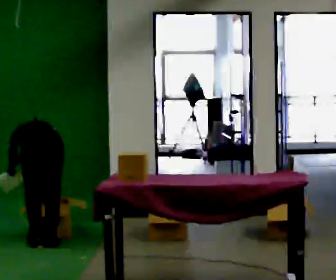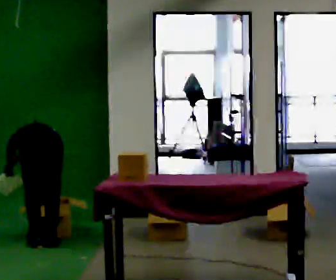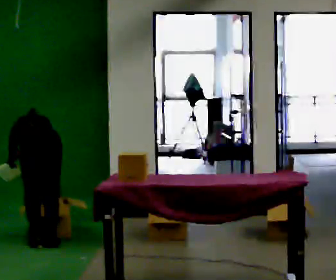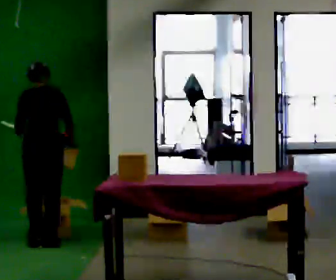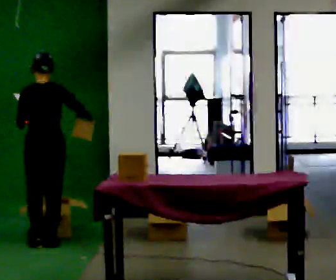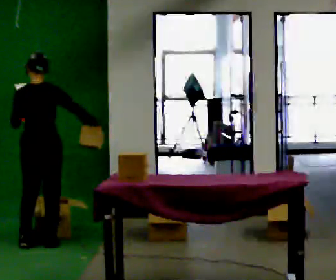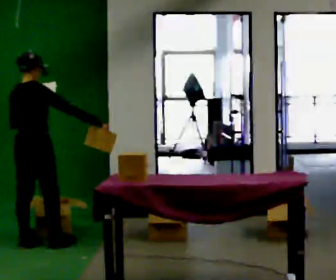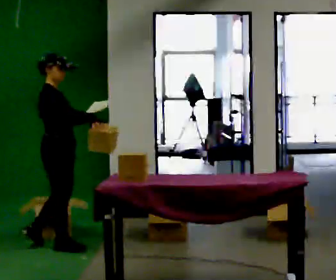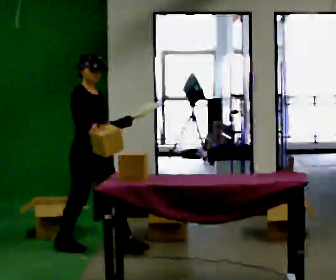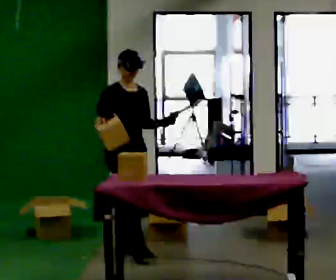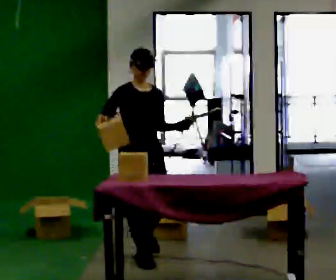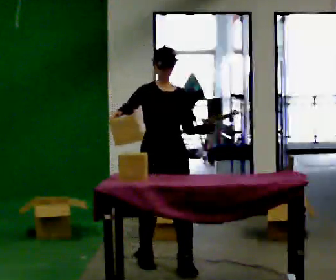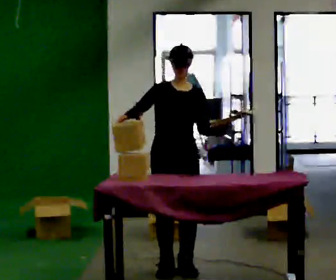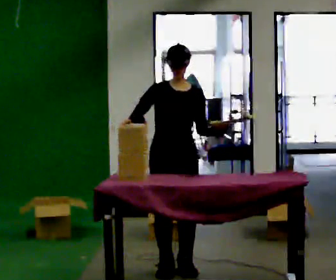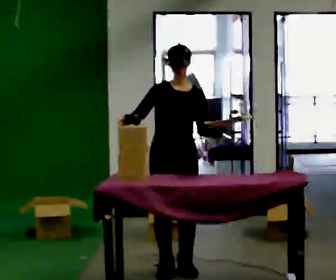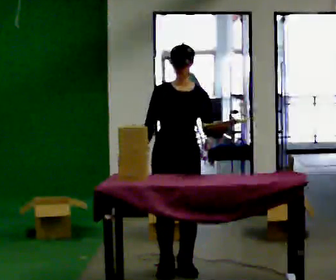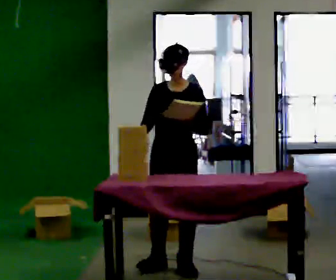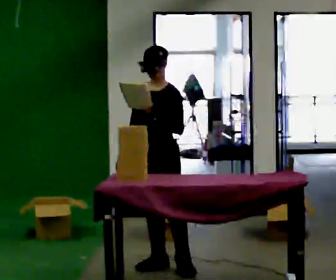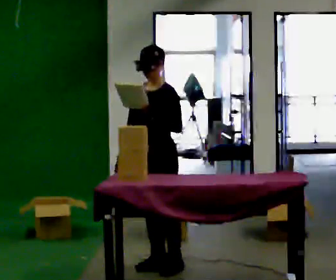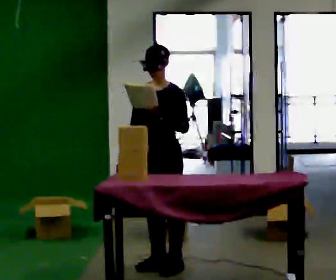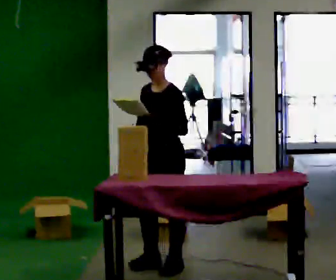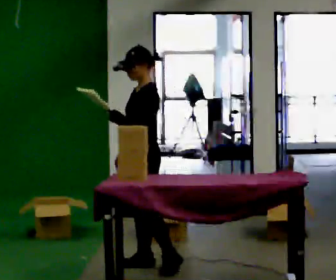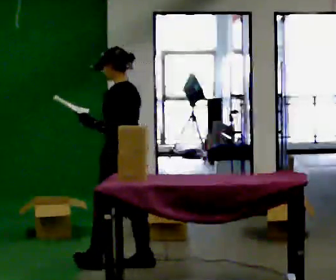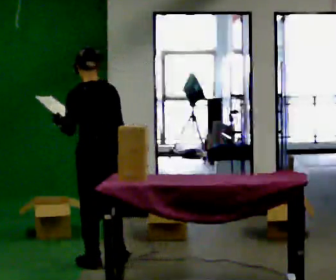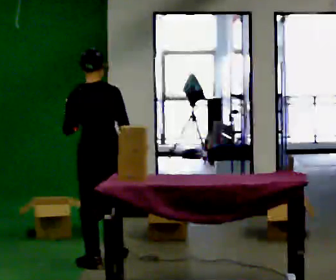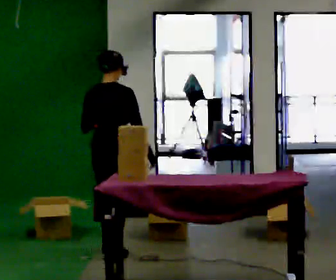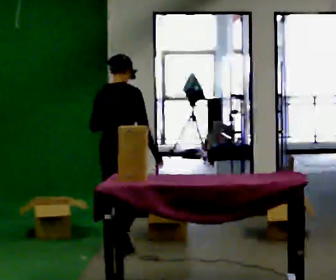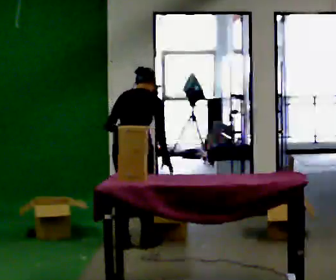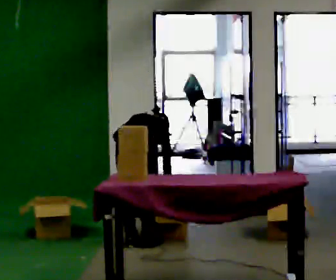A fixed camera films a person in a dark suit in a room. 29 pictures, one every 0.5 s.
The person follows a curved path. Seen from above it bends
clockwise.
The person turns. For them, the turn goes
to their right.
0.0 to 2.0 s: The shoulders move upward. The upper body tips toward the camera, its near side rolling downward, as they lean back or straighten. In the picture their right hand goes upward and to the right, the arm swinging counterclockwise.
2.0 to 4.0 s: The part of the body nearest the lens slides to the left as the person turns to their right by about 135 degrees. In the picture they go to the right, about 0.5 m in 1 step.
4.0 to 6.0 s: The part of the body nearest the lens slides to the left as the person turns to their right by about 60 degrees. In the picture they go to the right and toward the camera, about 1 m in 3 steps, which for them is forward.
6.0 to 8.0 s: The person turns about 30 degrees to their right, clockwise seen from above, so the part of the body nearest the lens slides to the left.
8.0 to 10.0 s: The person turns about 30 degrees to their right, clockwise seen from above, so the part of the body nearest the lens slides to the left.
10.0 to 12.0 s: The part of the body nearest the lens slides to the left as the person turns to their right by about 135 degrees. In the picture they go to the left, about 0.5 m in 2 steps.
12.0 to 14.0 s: In the picture they go away from the camera, about 0.5 m in 2 steps, which for them is forward. The upper body goes downward. The upper body tips away from the camera, its near side rolling upward, as they bend forward.
The film runs forward here.
